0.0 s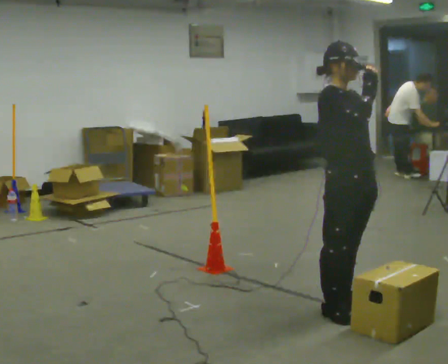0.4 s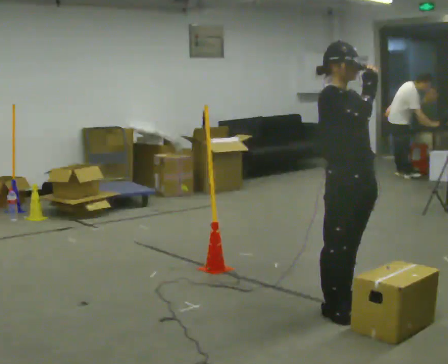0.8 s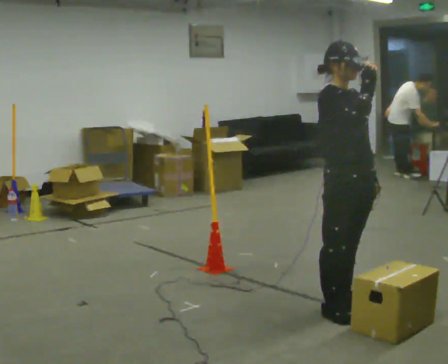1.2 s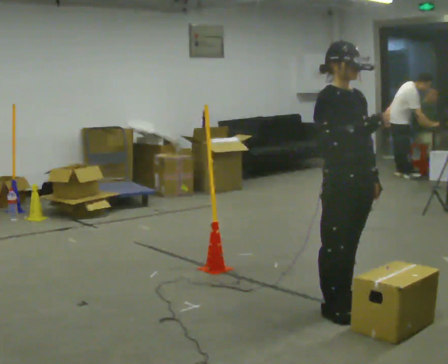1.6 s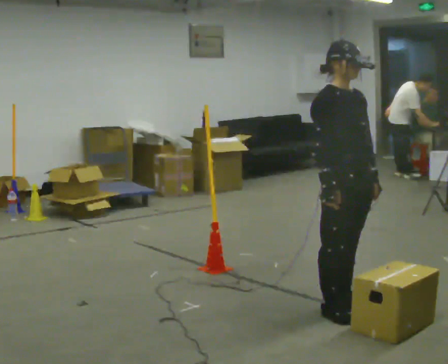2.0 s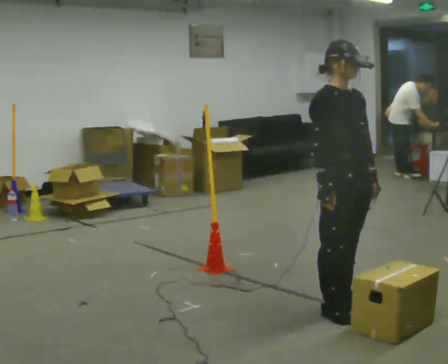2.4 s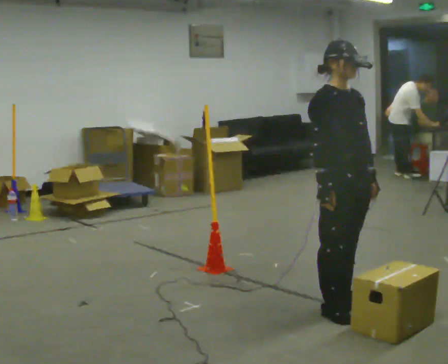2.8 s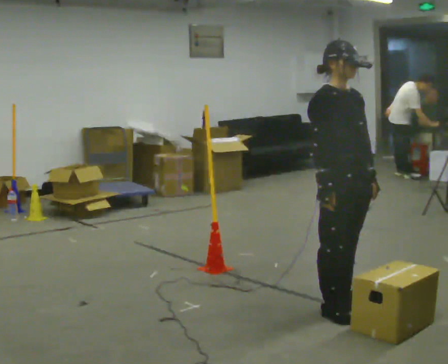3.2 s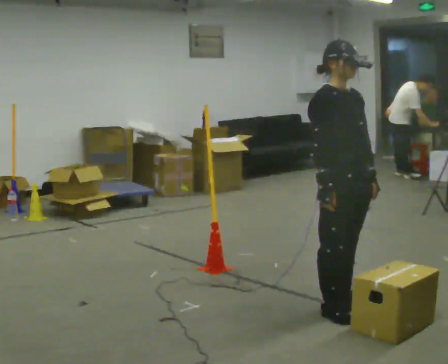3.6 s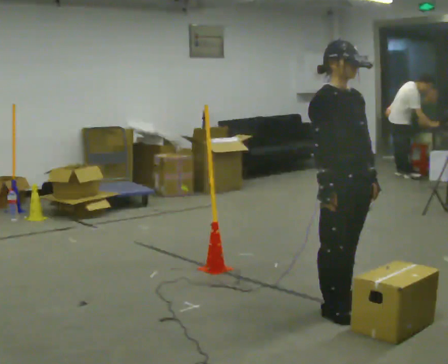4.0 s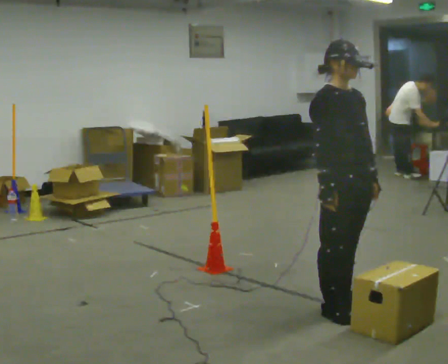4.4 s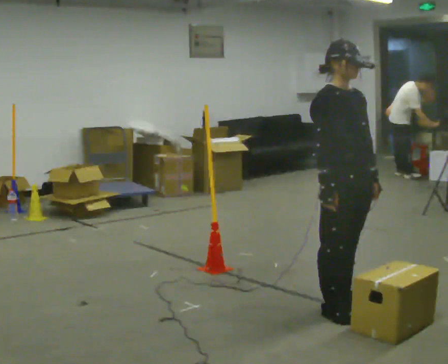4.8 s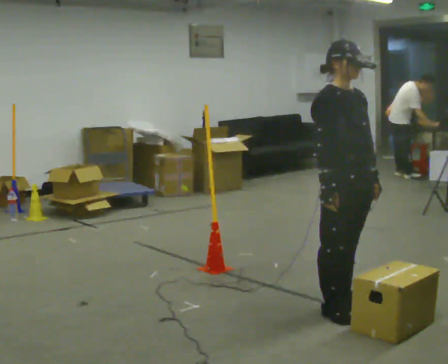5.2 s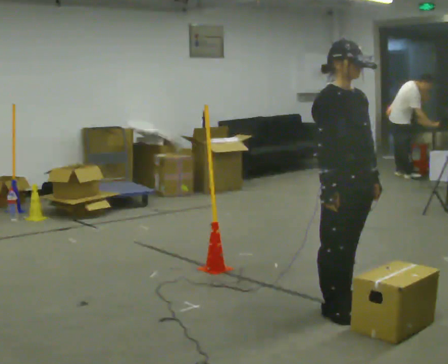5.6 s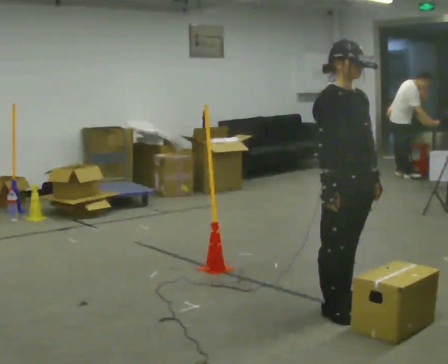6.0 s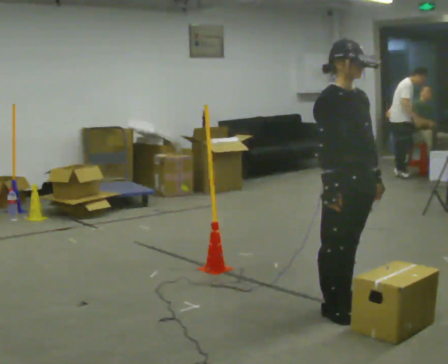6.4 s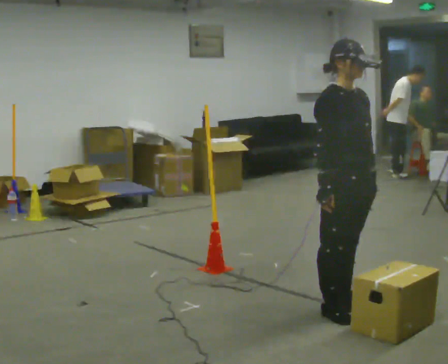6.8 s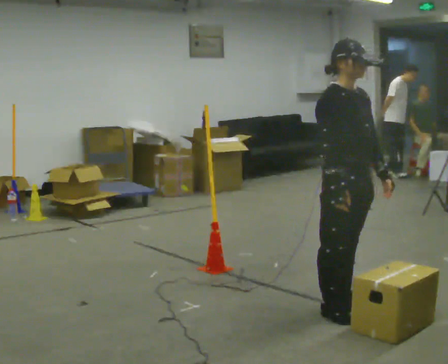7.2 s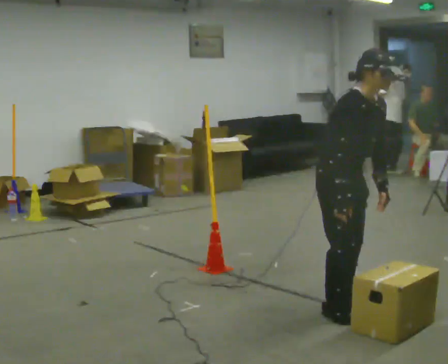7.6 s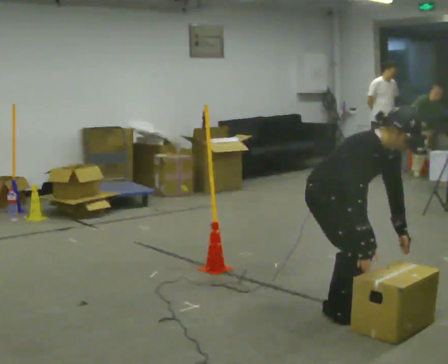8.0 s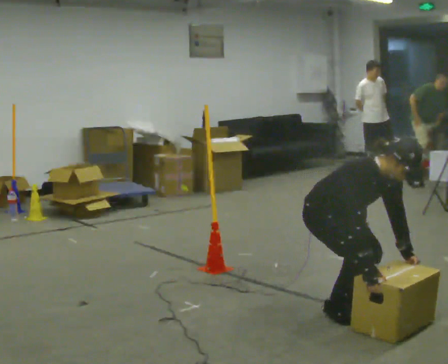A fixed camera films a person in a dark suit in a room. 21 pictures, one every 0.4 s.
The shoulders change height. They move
downward.
Their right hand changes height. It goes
downward.
0.0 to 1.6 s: In the picture their right hand goes downward.
1.6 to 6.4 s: The person moves a little, or ends about where they began.
6.4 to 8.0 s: The upper body goes downward. In the picture the upper body tilts clockwise, shoulders to the right, as they bend forward. In the picture their right hand goes downward.
The film runs backward here.
